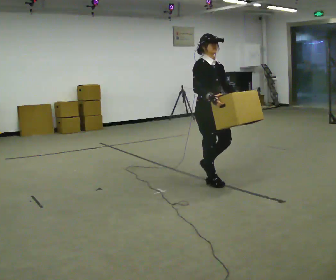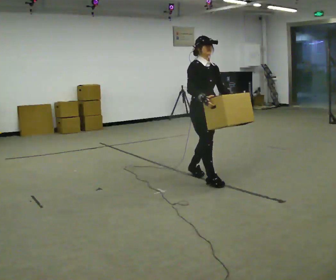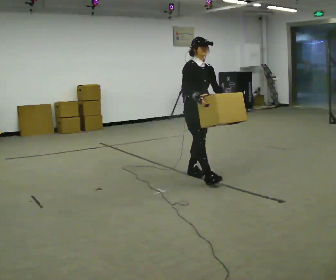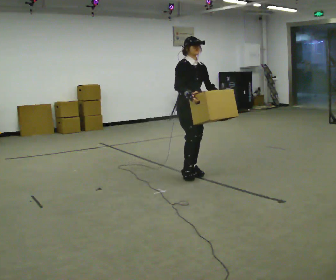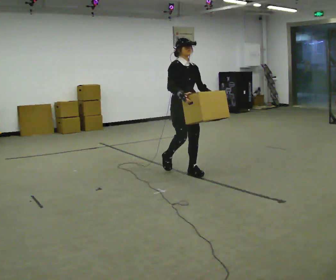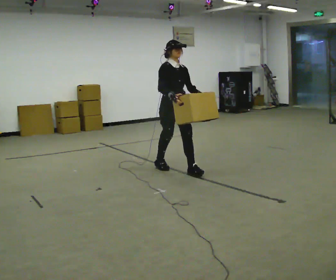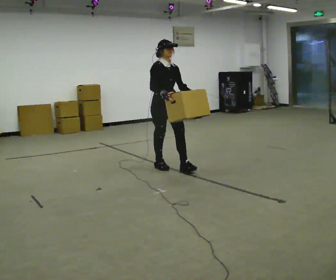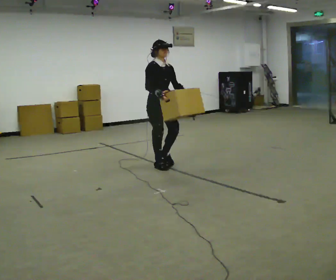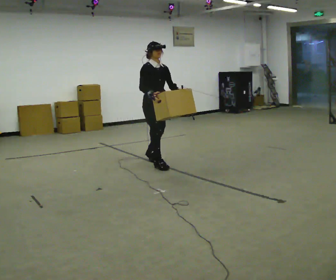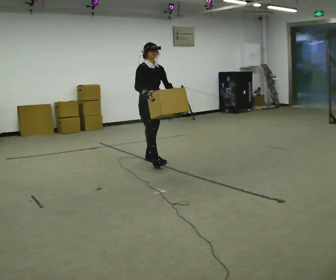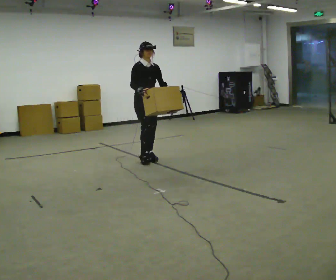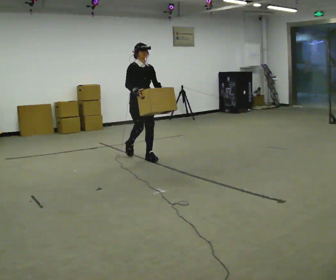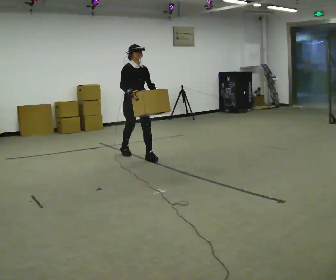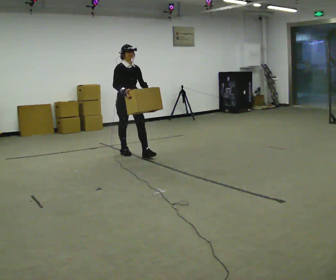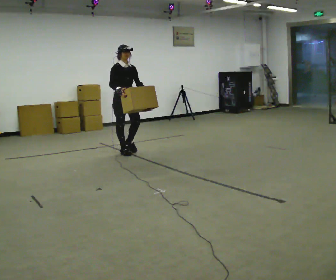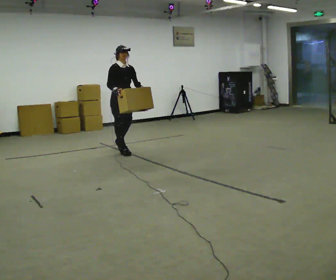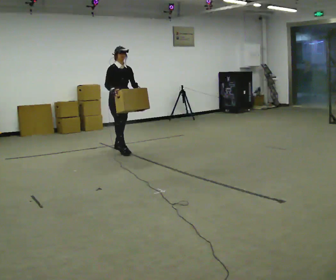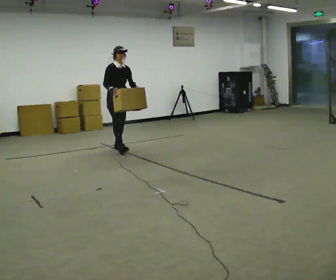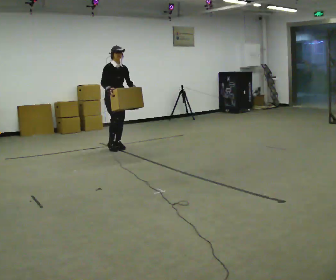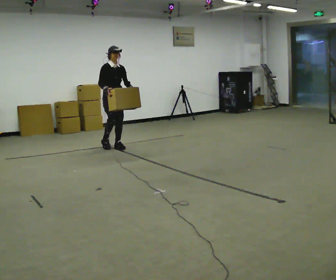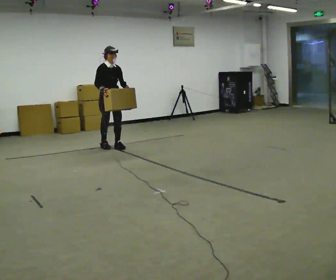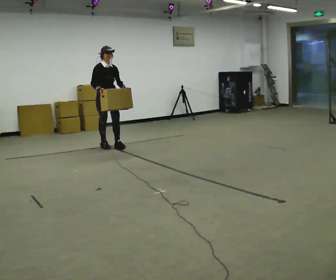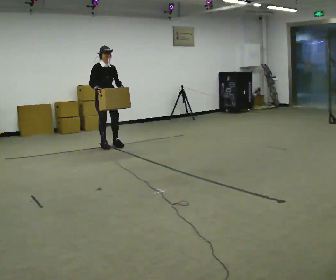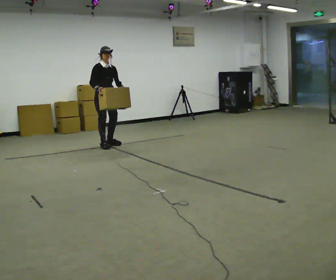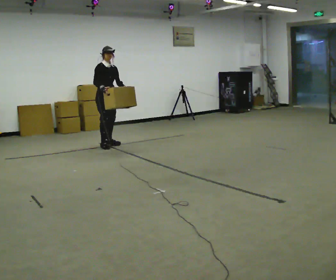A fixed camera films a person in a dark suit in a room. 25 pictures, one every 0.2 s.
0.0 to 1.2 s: In the picture they go away from the camera and to the left, about 1 m in 2 steps, which for them is backward.
1.2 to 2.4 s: In the picture they go away from the camera and to the left, about 1 m in 1 step, which for them is backward.
2.4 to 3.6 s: In the picture they go away from the camera and to the left, about 0.5 m in 2 steps, which for them is backward.
3.6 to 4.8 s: In the picture they go away from the camera and to the left, about 0.25 m in 1 step, which for them is backward.
The film runs backward here.
